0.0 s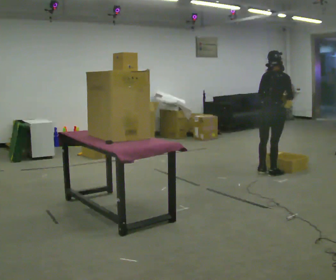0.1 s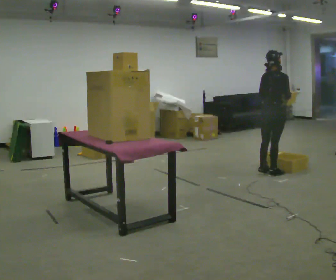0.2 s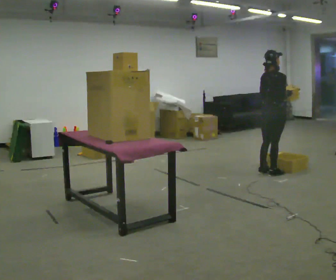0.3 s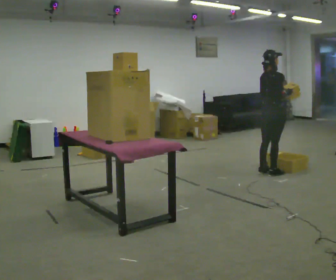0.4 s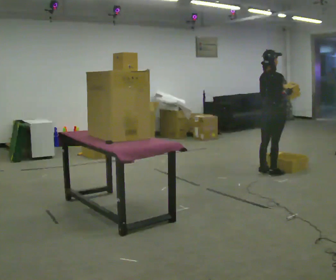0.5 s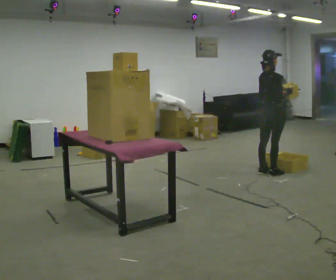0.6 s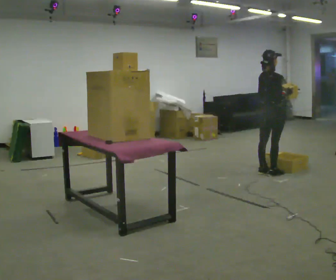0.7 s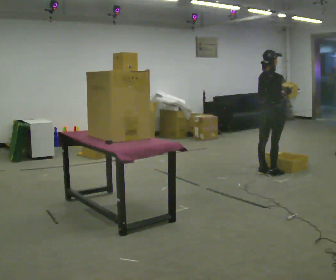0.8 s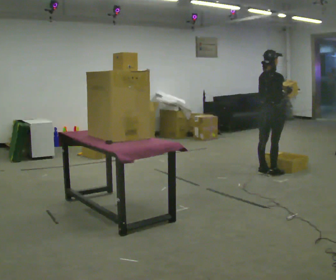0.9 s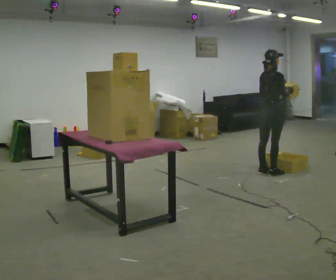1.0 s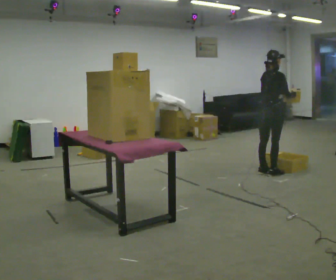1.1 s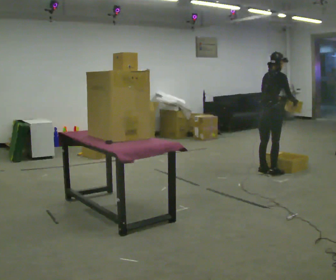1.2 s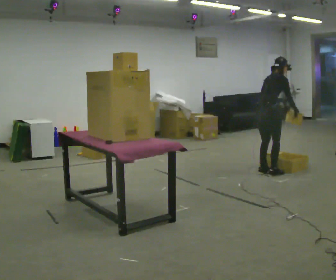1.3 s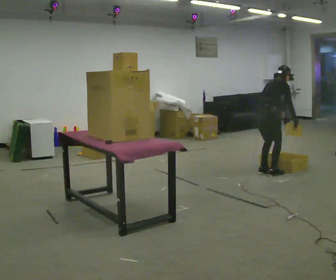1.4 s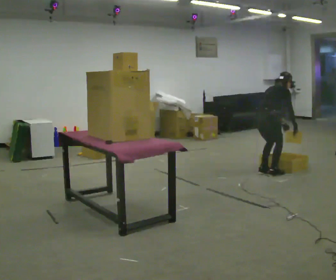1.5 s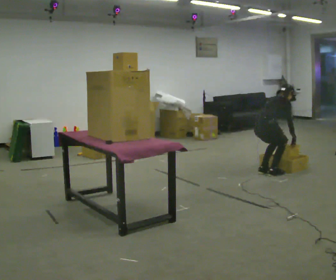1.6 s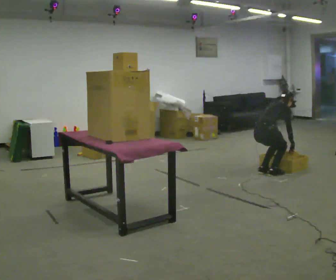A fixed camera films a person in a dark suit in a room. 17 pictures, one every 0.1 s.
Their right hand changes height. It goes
downward.
The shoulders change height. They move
downward.
0.0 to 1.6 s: The part of the body nearest the lens slides to the left as the person turns to their right by about 30 degrees. The upper body goes downward. In the picture their left hand goes downward.
The film runs backward here.
